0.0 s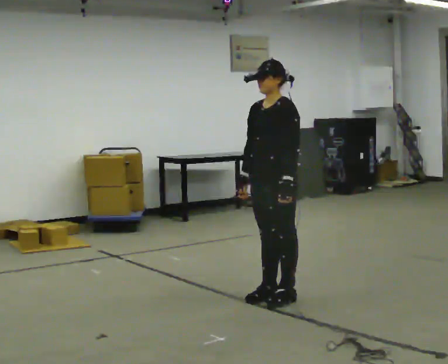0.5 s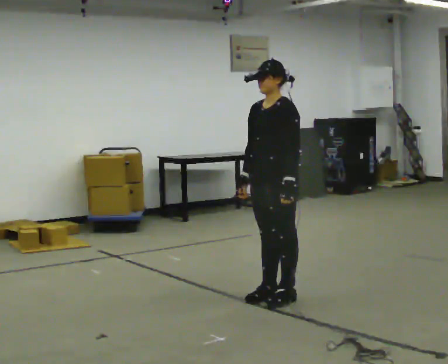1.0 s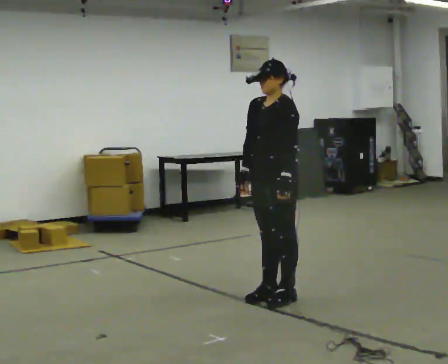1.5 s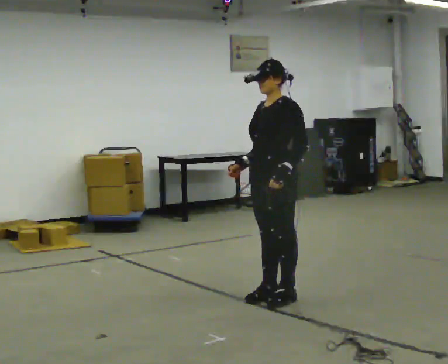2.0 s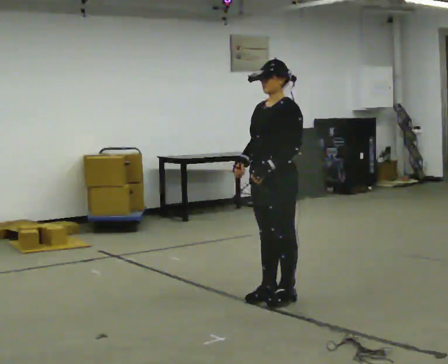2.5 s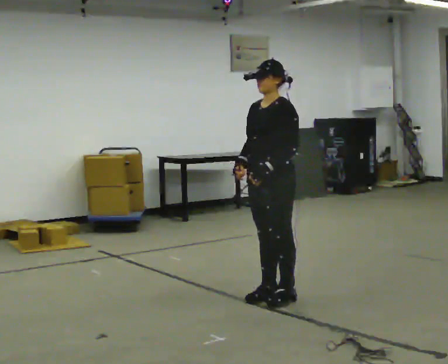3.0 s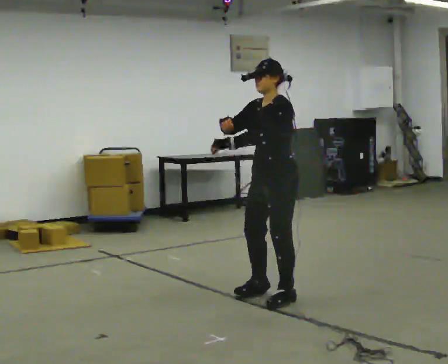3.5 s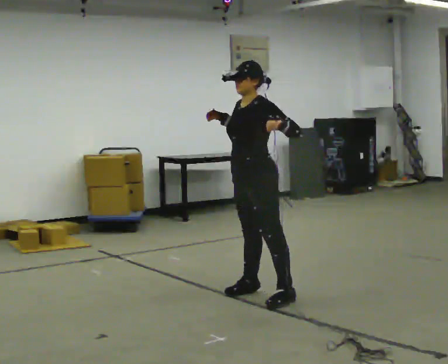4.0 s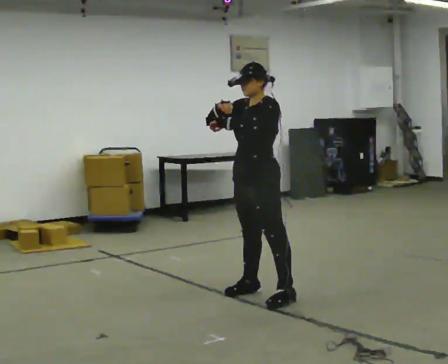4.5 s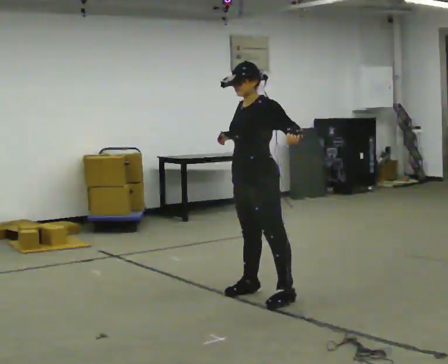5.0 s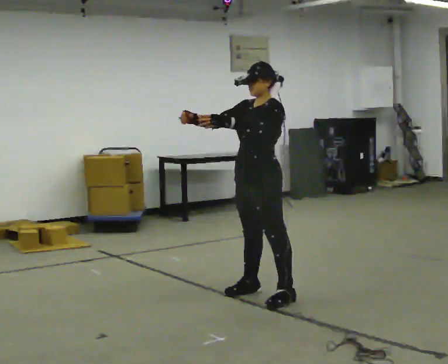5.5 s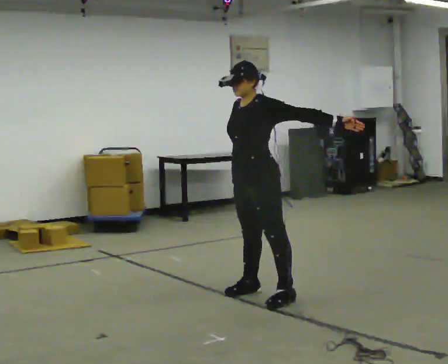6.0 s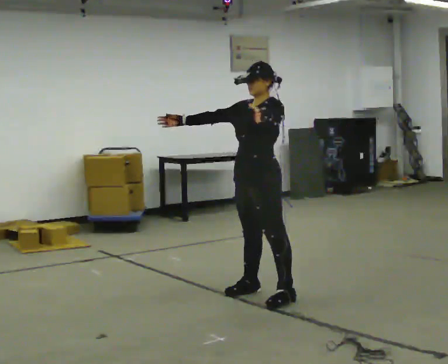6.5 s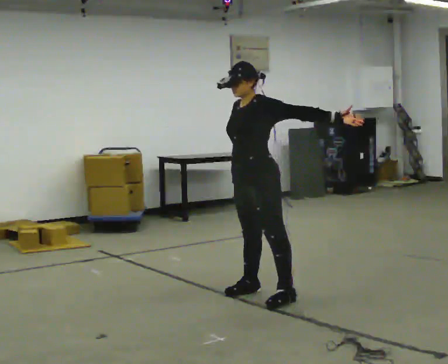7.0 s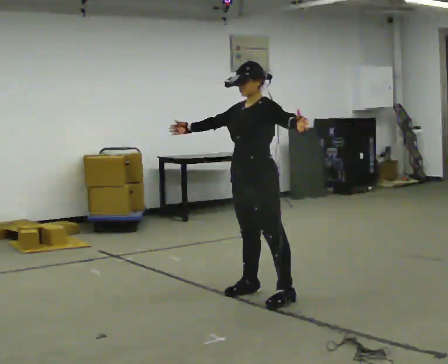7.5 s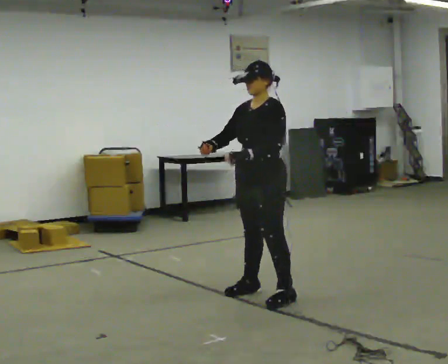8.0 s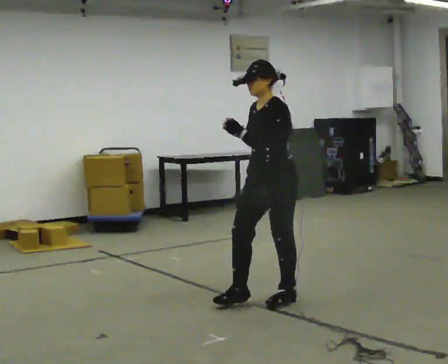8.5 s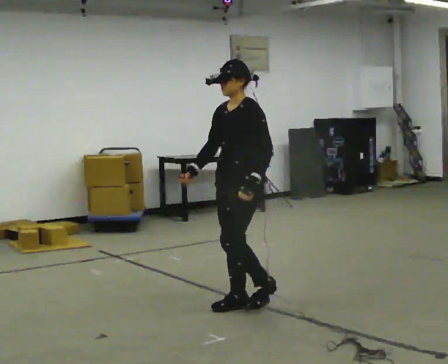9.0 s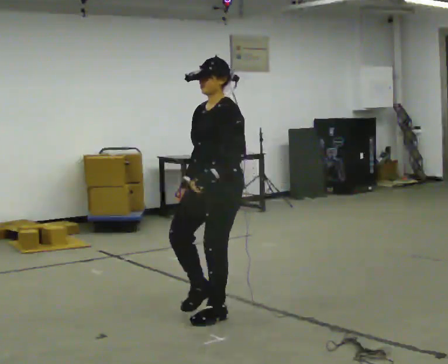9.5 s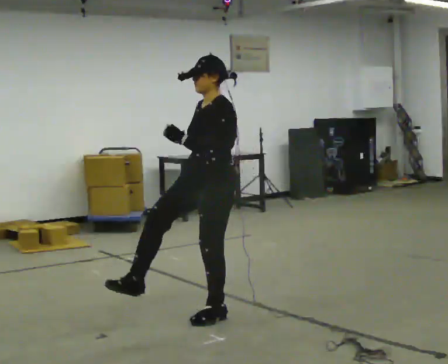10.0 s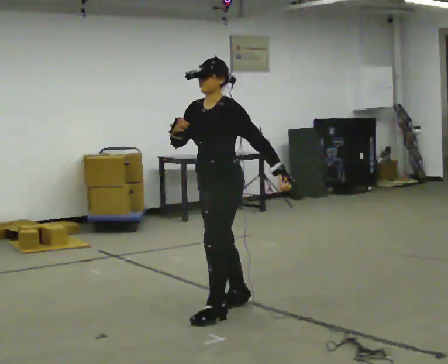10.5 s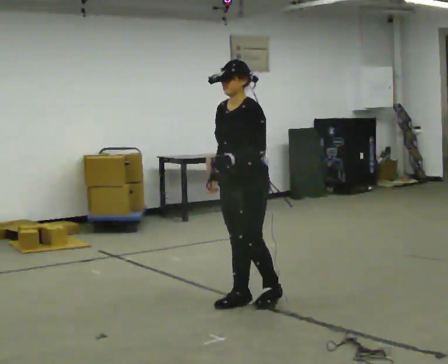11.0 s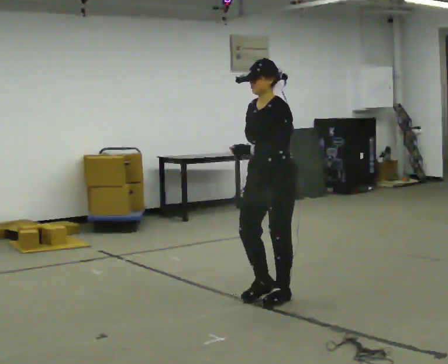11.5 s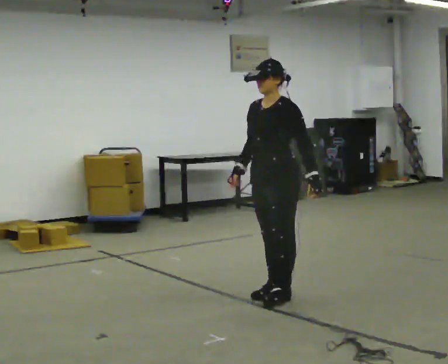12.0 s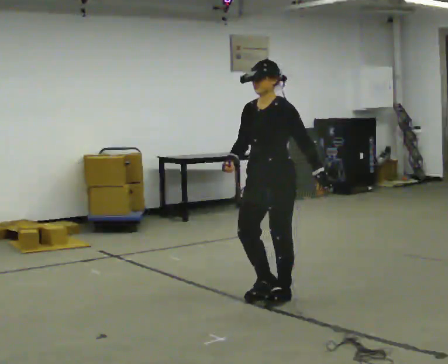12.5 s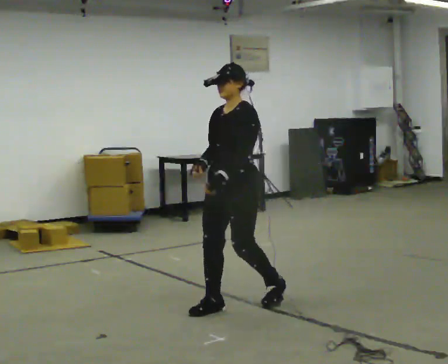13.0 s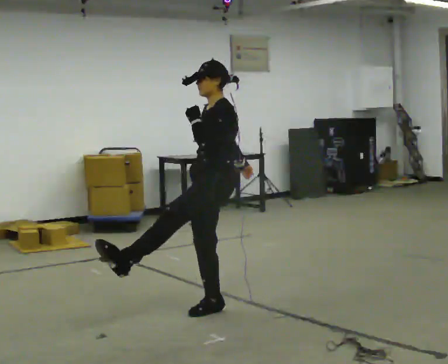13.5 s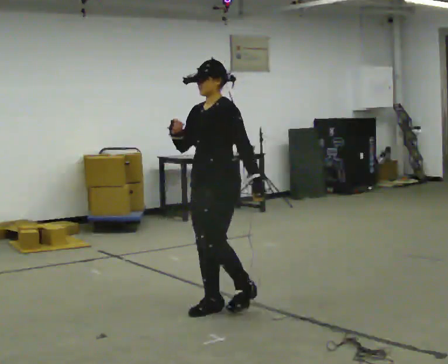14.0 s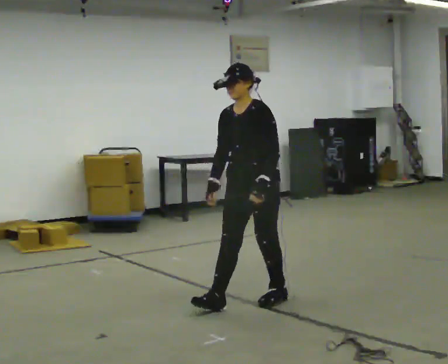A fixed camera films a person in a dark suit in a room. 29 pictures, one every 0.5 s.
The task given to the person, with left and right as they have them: Dance freely at a slow tempo as if to slow music; keep moving continuously.
0.0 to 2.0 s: The person moves a little, or ends about where they began.
2.0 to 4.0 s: In the picture their right hand goes upward.
4.0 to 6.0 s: The person moves a little, or ends about where they began.
6.0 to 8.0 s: In the picture they go toward the camera, about 0.25 m, which for them is to their left. In the picture their right hand goes to the right.
8.0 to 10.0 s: In the picture they go to the left and toward the camera, about 0.25 m in 2 steps, which for them is forward.
10.0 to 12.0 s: In the picture they go to the right and away from the camera, about 0.25 m in 2 steps, which for them is backward.
12.0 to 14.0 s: In the picture their left hand goes to the left.
The film runs forward here.
